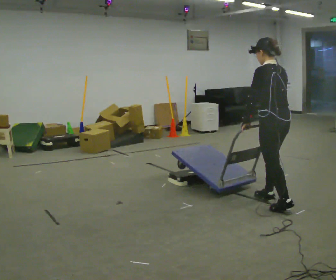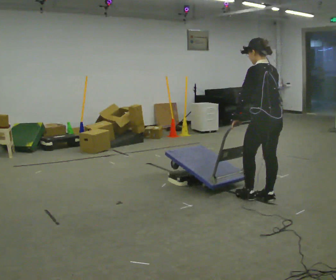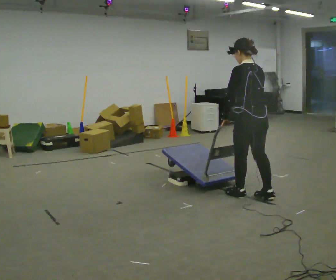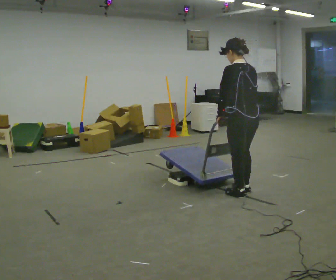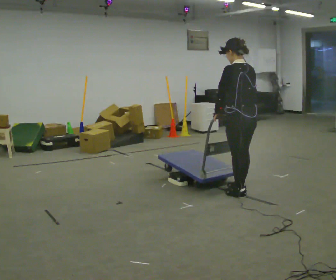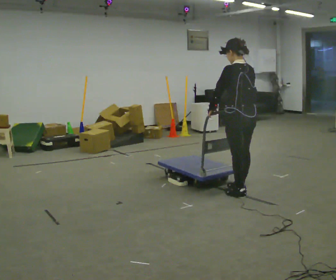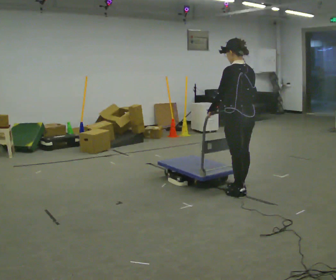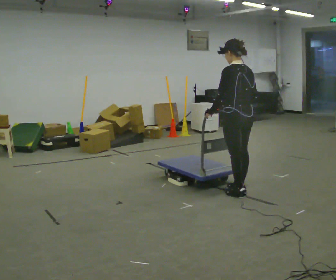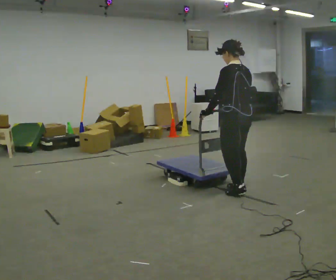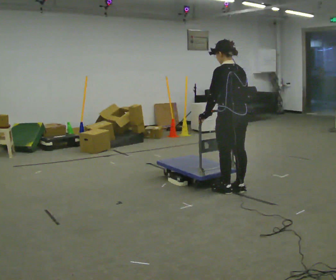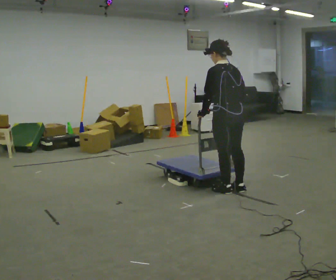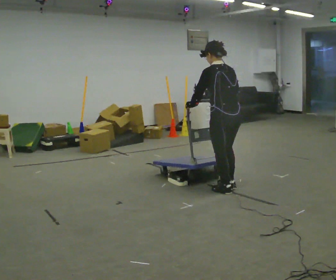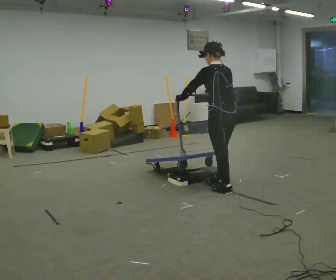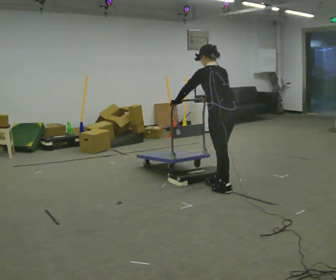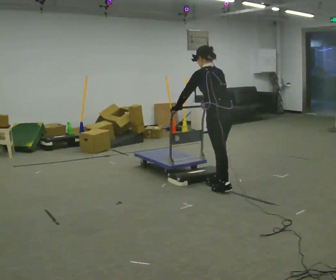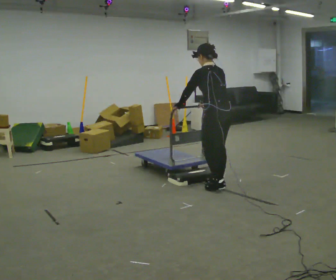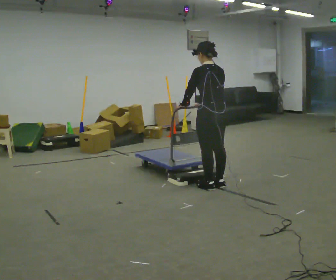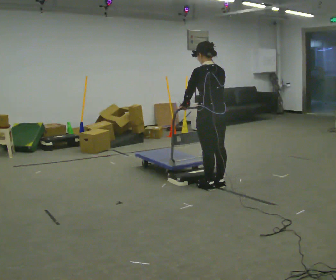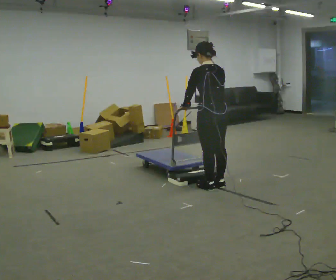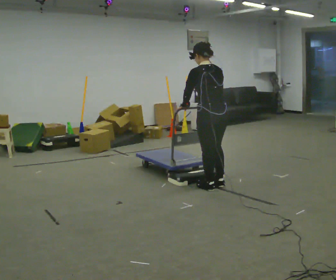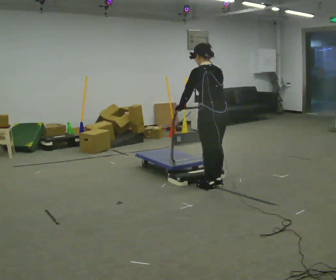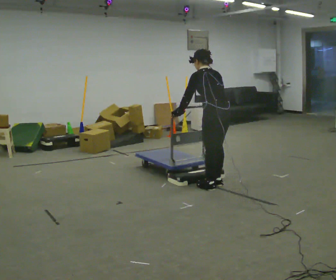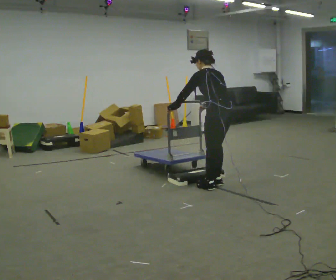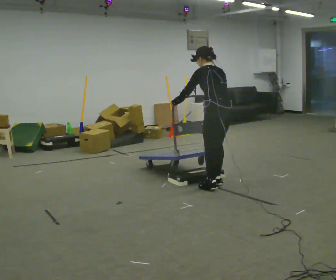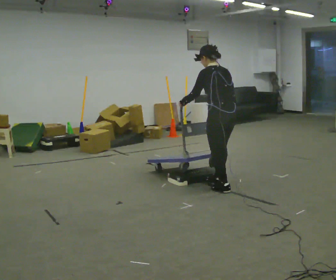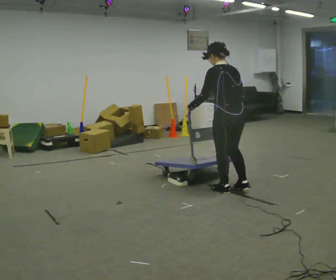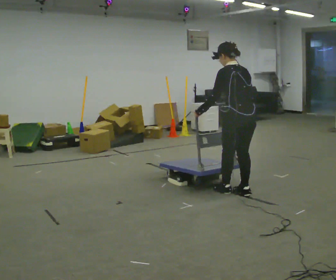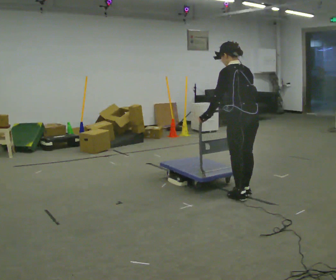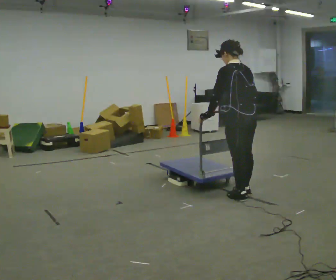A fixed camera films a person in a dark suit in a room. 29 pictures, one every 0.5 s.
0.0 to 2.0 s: In the picture they go to the left and away from the camera, about 0.5 m in 2 steps, which for them is forward.
2.0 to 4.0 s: The person moves a little, or ends about where they began.
4.0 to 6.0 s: In the picture they go to the left, about 0.25 m in 2 steps, which for them is forward. In the picture their left hand goes to the left.
6.0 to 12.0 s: The person moves a little, or ends about where they began.
12.0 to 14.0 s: In the picture they go toward the camera and to the right, about 0.25 m in 2 steps, which for them is backward.
The film runs forward here.
